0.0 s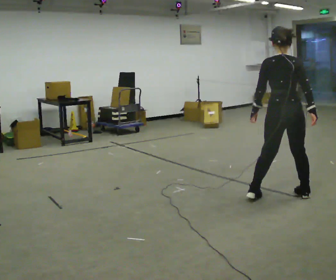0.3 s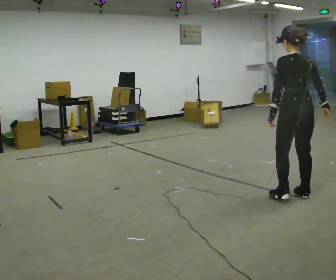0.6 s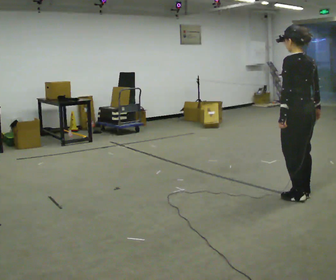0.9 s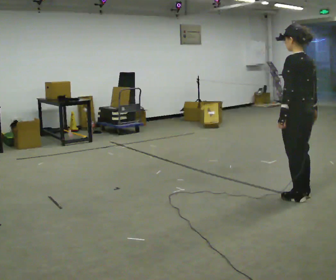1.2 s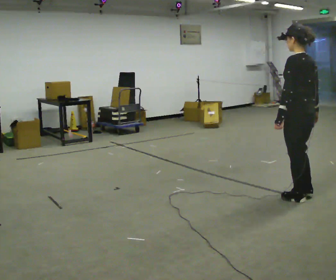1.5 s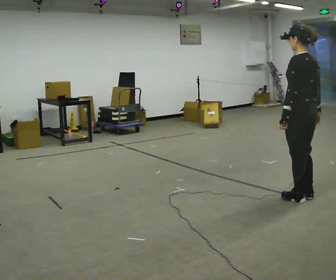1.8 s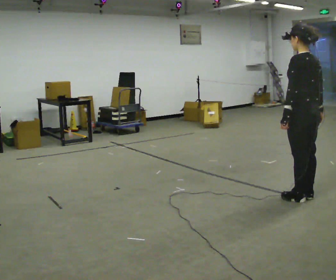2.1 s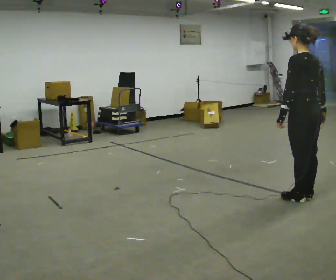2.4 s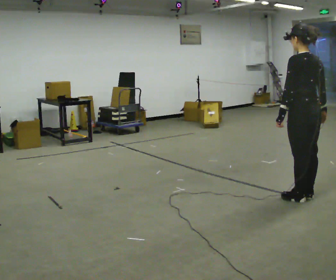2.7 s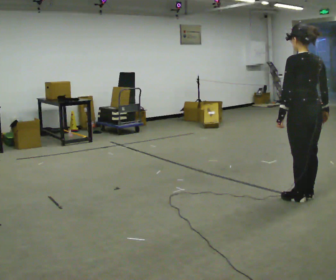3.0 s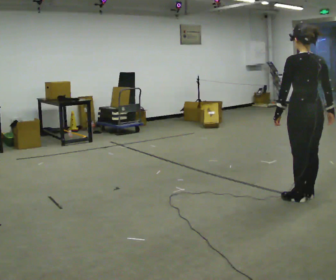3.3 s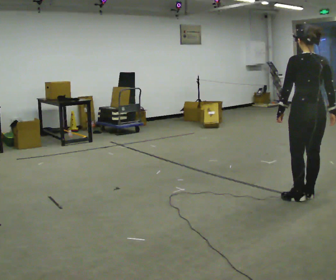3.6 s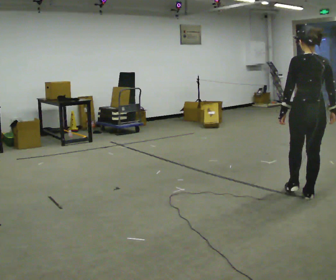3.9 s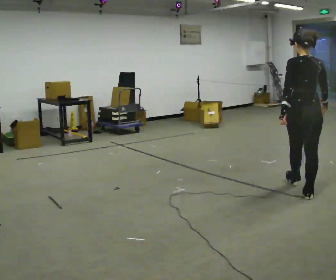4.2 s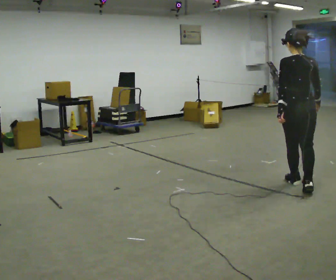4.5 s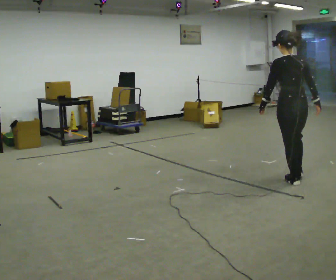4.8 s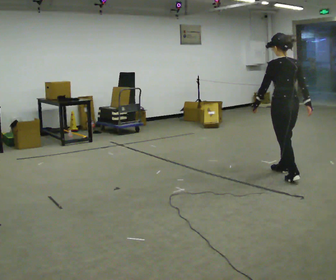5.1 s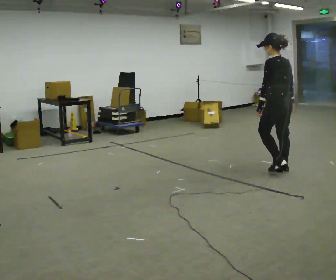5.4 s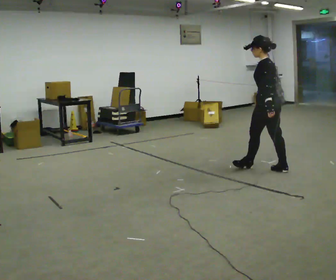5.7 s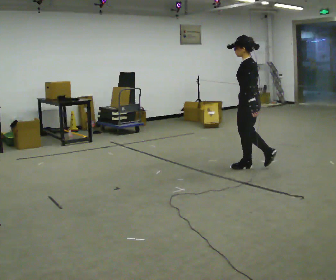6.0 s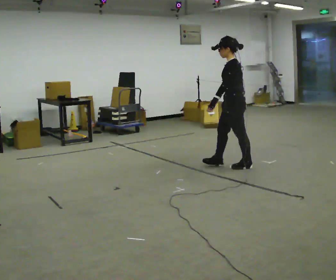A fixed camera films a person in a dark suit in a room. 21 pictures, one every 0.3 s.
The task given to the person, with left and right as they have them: Walk one full figure-eight continuously at comfortable speed; stop.
0.0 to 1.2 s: Seen from above the body turns counterclockwise, about 45 degrees: to their left, with its near side sliding to the right. In the picture they go to the right, about 0.25 m in 1 step, which for them is backward.
1.2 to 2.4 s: The person moves a little, or ends about where they began.
2.4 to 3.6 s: Seen from above the body turns clockwise, about 30 degrees: to their right, with its near side sliding to the left.
3.6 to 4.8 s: In the picture they go away from the camera, about 0.75 m in 2 steps, which for them is forward.
4.8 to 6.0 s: Seen from above the body turns counterclockwise, about 60 degrees: to their left, with its near side sliding to the right. In the picture they go to the left and away from the camera, about 0.75 m in 1 step.
The film runs forward here.
